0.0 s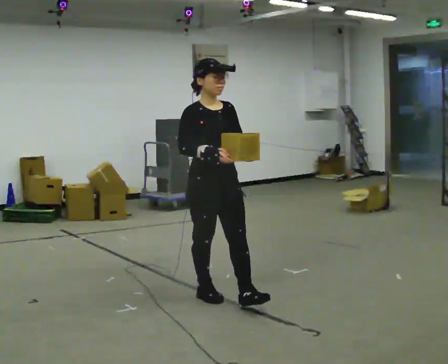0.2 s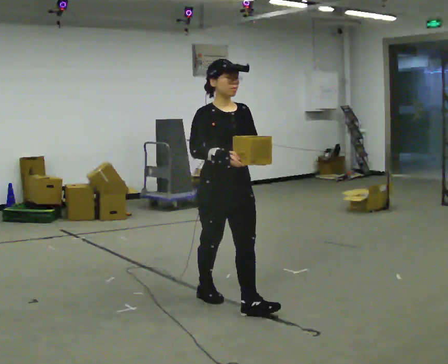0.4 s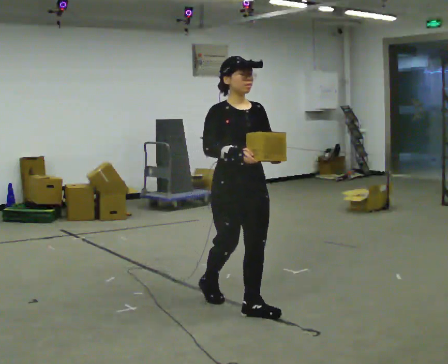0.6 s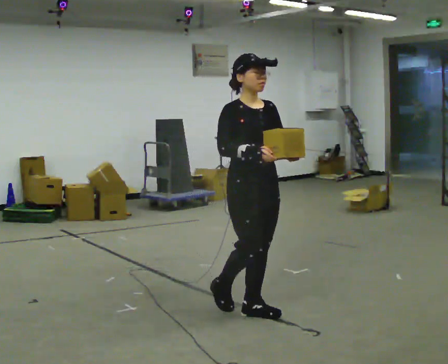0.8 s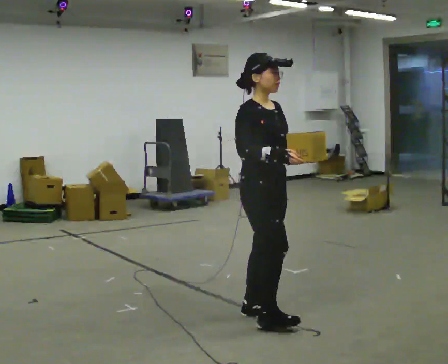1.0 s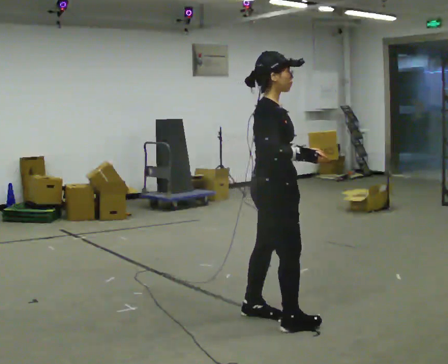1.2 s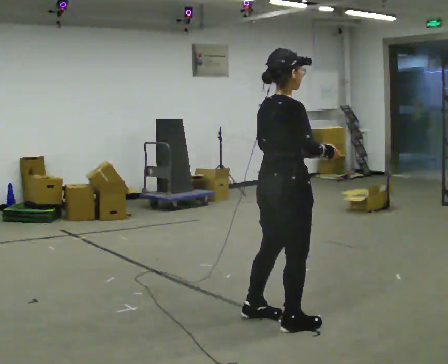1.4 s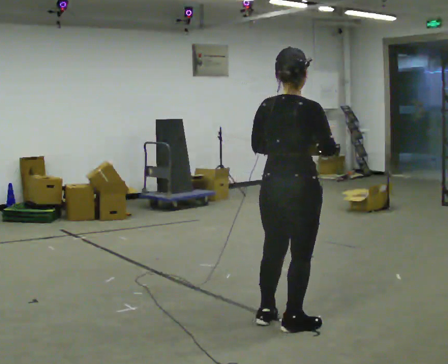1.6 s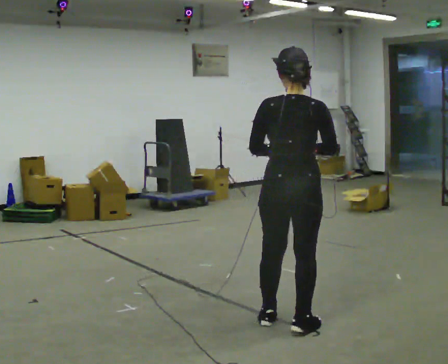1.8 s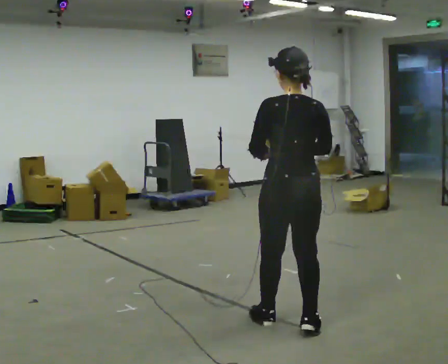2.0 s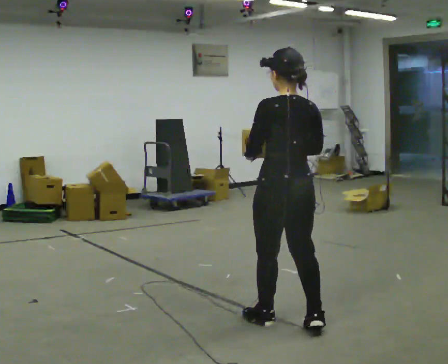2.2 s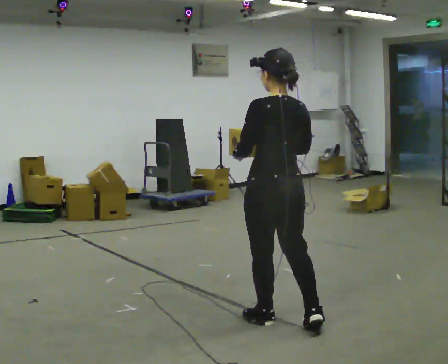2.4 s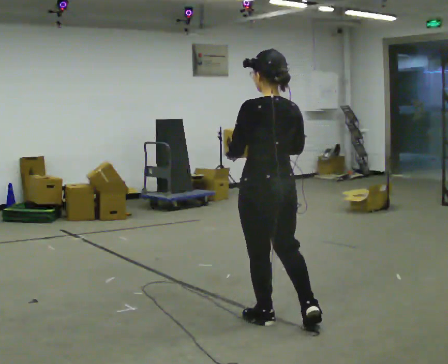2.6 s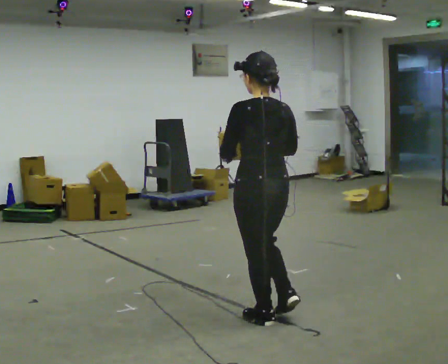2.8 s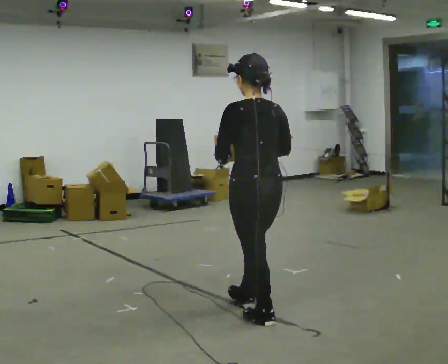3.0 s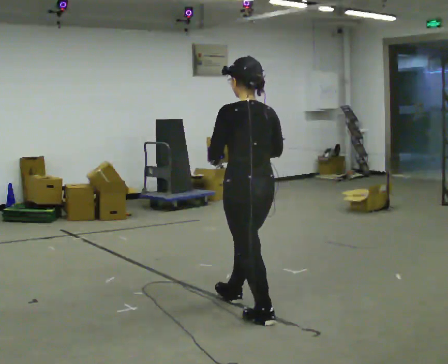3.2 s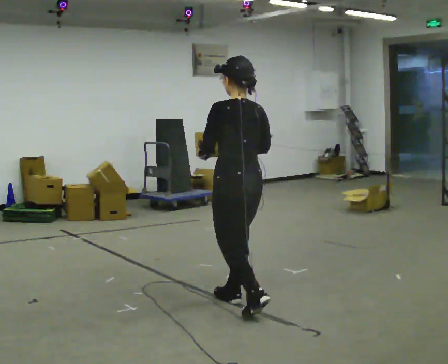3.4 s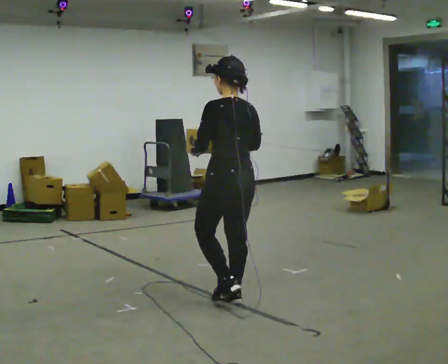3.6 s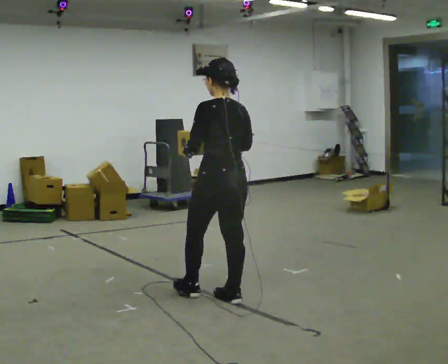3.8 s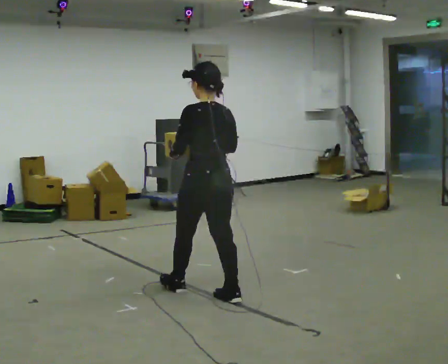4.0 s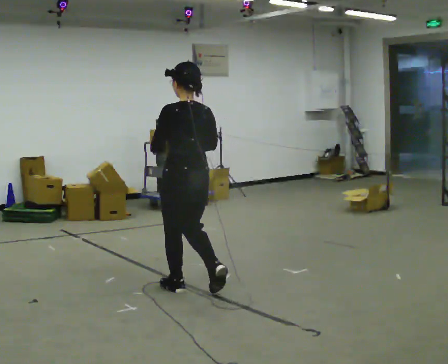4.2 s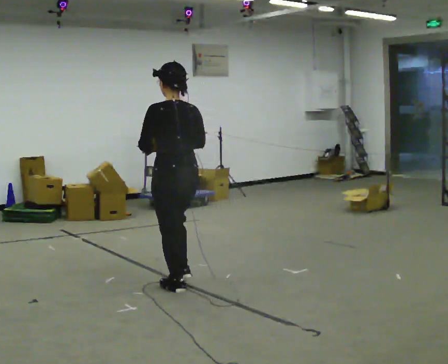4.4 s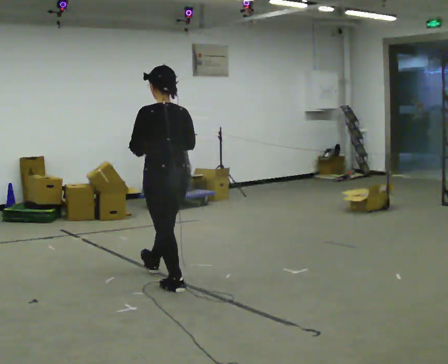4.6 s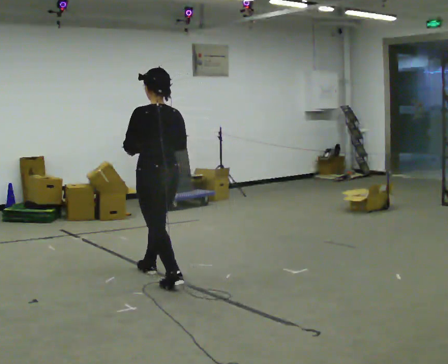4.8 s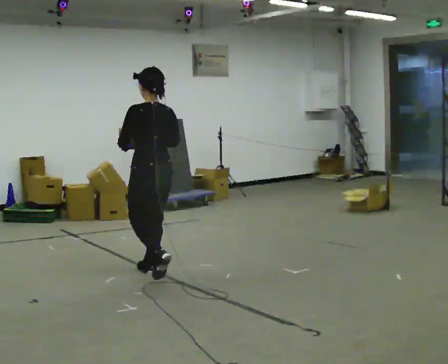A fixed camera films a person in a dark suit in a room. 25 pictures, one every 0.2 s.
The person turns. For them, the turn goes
to their left.
The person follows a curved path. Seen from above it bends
clockwise.
0.0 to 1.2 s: Seen from above the body turns counterclockwise, about 90 degrees: to their left, with its near side sliding to the right. In the picture they go toward the camera and to the right, about 0.5 m in 2 steps.
1.2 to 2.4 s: Seen from above the body turns counterclockwise, about 75 degrees: to their left, with its near side sliding to the right. In the picture their right hand goes to the left.
2.4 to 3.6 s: In the picture they go away from the camera and to the left, about 0.5 m in 1 step, which for them is forward.
3.6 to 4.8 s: In the picture they go away from the camera and to the left, about 1 m in 2 steps, which for them is forward.
The film runs forward here.
